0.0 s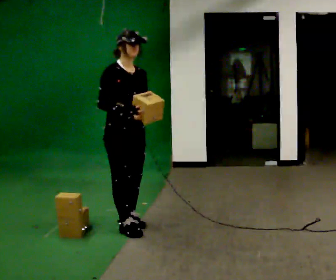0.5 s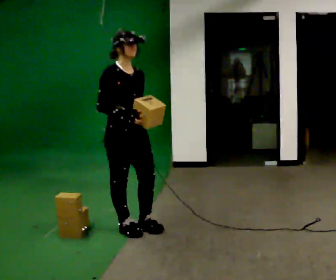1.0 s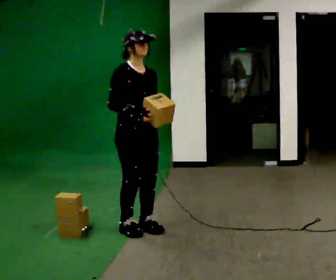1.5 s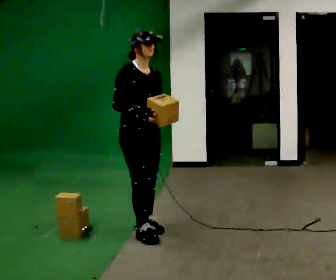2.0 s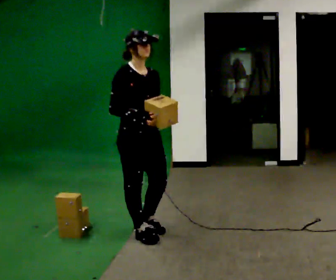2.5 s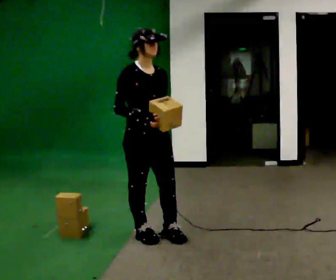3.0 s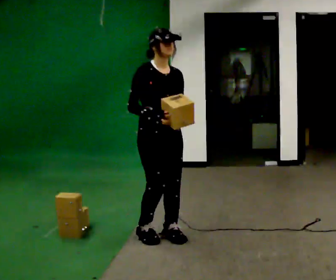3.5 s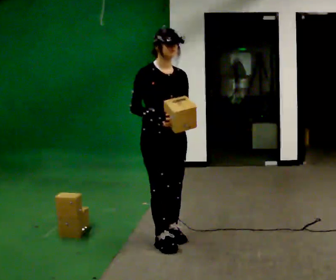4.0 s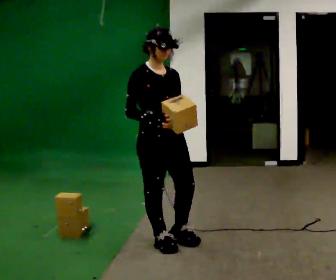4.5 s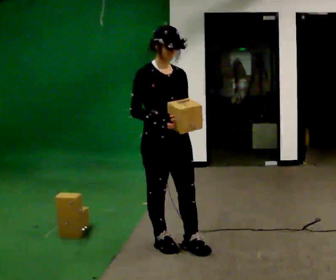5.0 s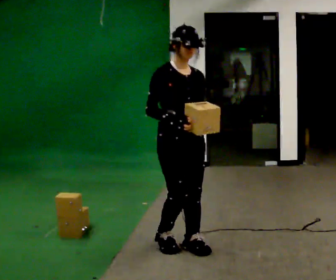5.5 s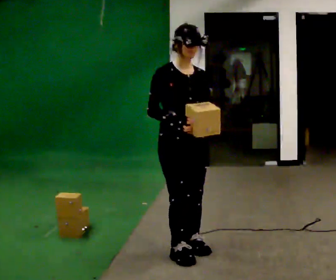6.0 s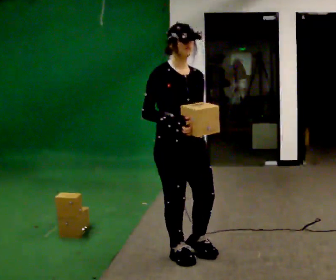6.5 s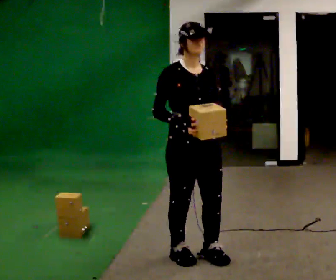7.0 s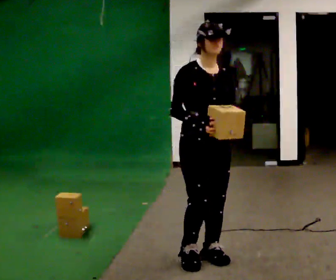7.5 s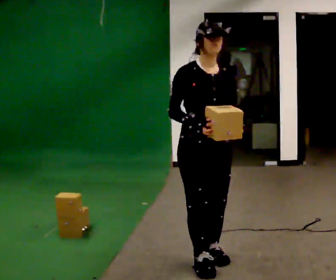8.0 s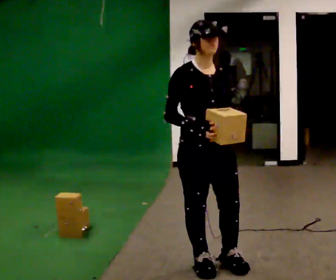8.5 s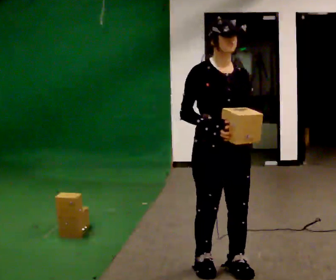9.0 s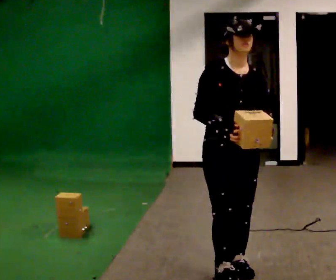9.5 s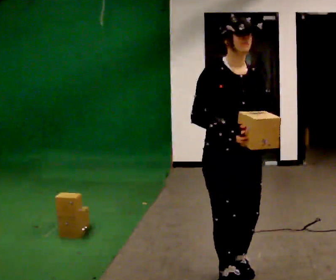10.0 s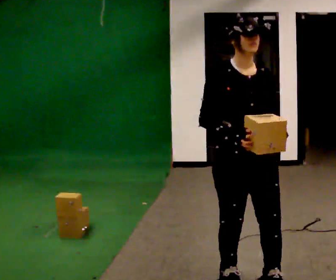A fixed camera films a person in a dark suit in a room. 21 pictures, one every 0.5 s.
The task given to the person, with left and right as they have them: Carry the boxes over one at a time and lay them out on the pallet in the pattern the operator shows you. Keep going until the operator says stop; one object at a time, and do not rush between trips.
0.0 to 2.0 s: In the picture they go toward the camera and to the right, about 0.25 m in 2 steps, which for them is forward.
2.0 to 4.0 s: In the picture they go to the right and toward the camera, about 0.25 m in 2 steps, which for them is forward.
4.0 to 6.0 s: In the picture they go toward the camera and to the right, about 0.25 m in 2 steps, which for them is forward.
6.0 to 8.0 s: In the picture they go to the right and toward the camera, about 0.25 m in 2 steps, which for them is forward.
8.0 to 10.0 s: In the picture they go toward the camera and to the right, about 0.25 m in 3 steps, which for them is forward and to their left.
The film runs forward here.
